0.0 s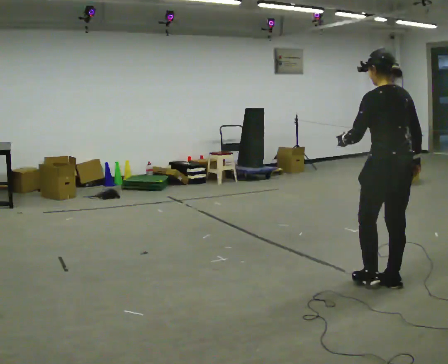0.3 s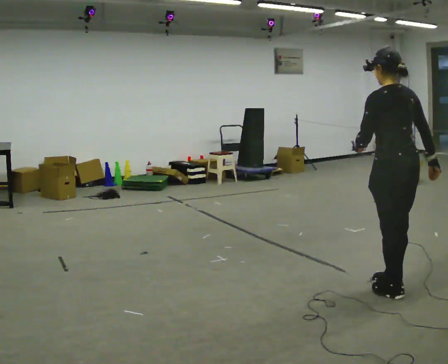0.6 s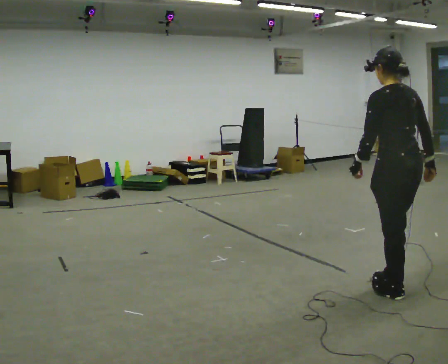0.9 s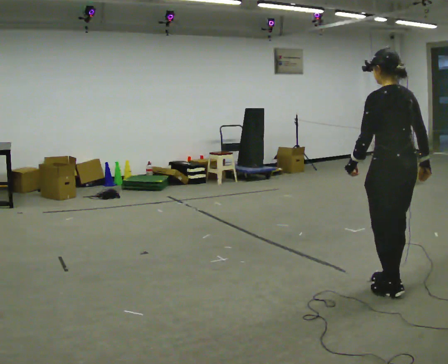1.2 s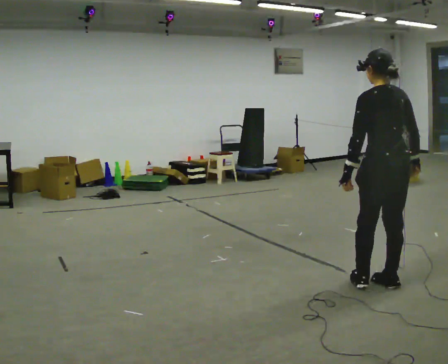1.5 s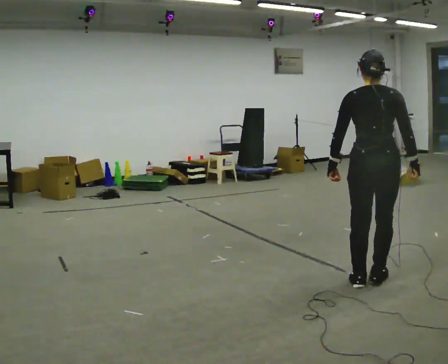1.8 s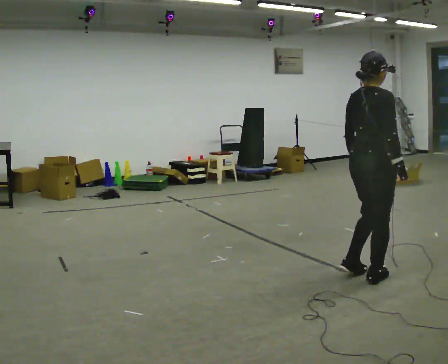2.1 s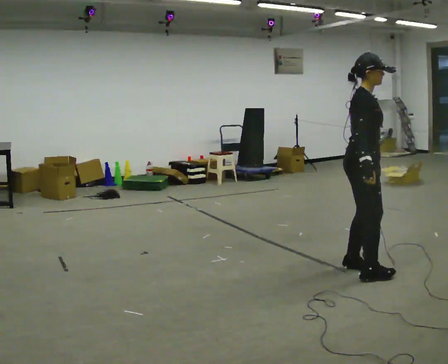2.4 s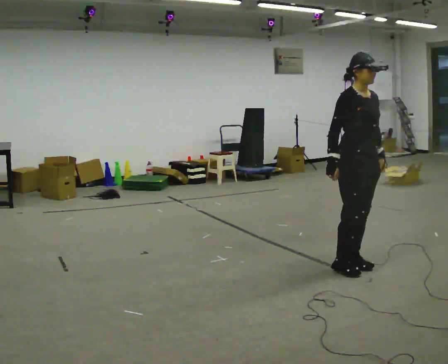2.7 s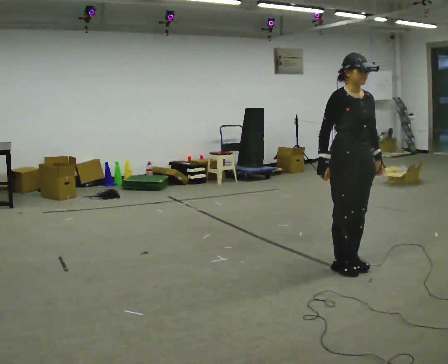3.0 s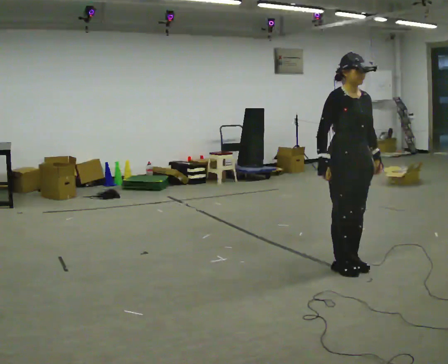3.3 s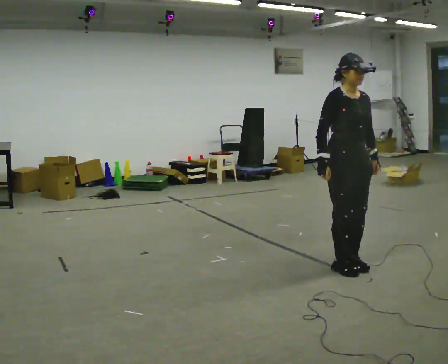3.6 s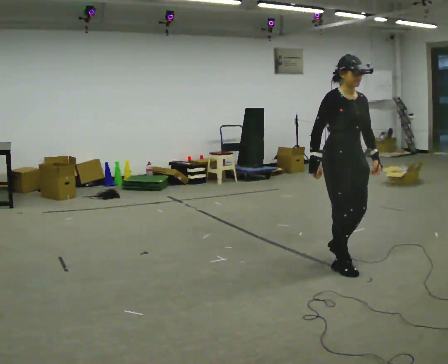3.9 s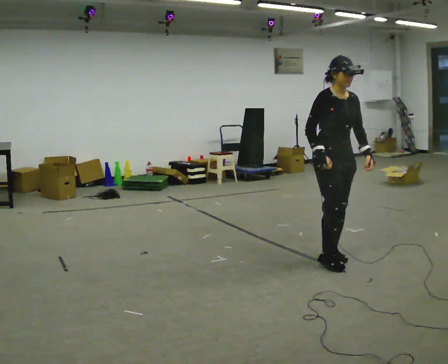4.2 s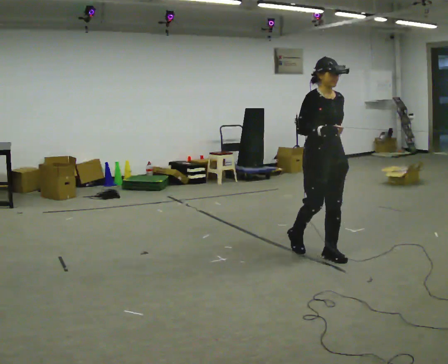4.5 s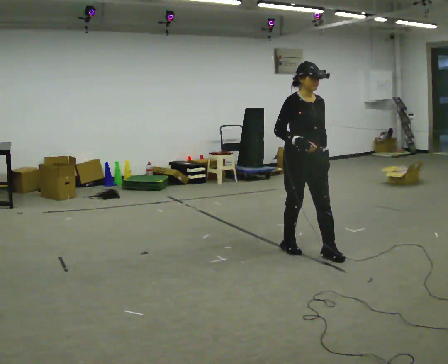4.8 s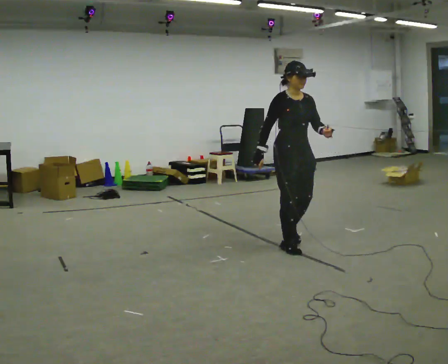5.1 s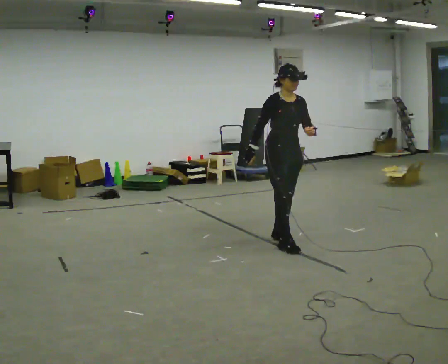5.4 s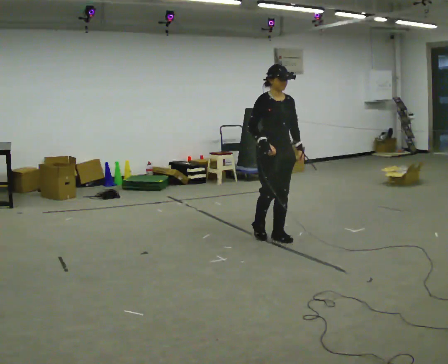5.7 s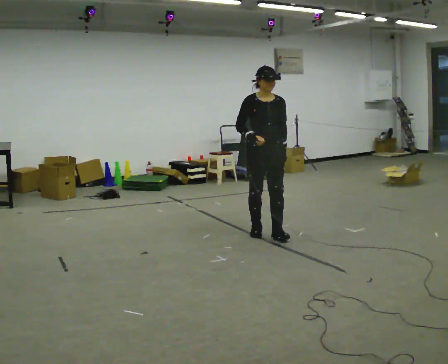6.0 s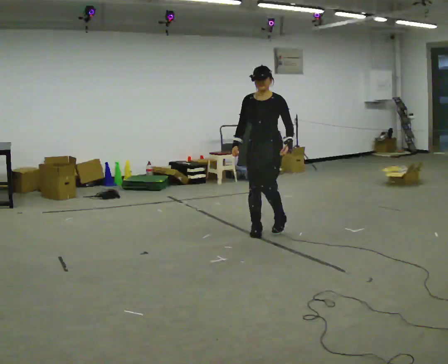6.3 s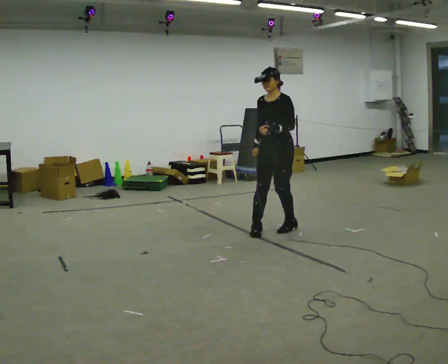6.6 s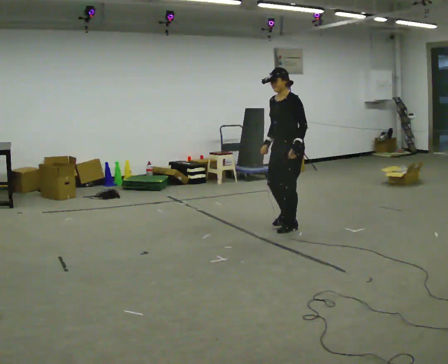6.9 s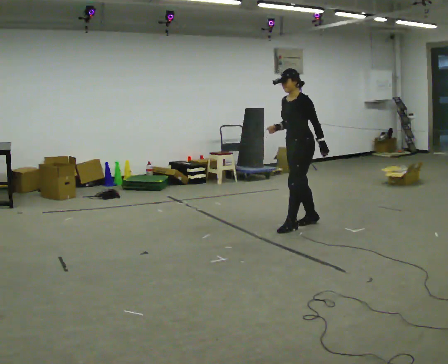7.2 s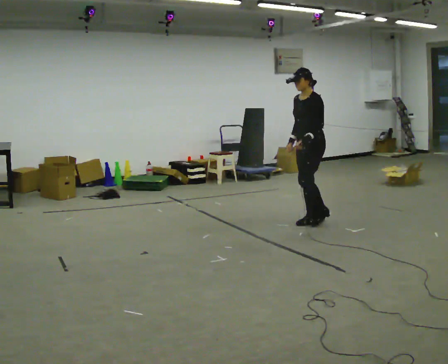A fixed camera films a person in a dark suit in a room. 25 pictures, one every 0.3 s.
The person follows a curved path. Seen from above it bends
clockwise.
The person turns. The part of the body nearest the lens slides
to the left.
0.0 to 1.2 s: The person moves a little, or ends about where they began.
1.2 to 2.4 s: The person turns about 165 degrees to their right, clockwise seen from above, so the part of the body nearest the lens slides to the left. In the picture they go away from the camera and to the left, about 0.5 m in 4 steps.
2.4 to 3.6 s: The person moves a little, or ends about where they began.
3.6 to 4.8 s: In the picture they go away from the camera and to the left, about 0.75 m in 2 steps, which for them is backward.
4.8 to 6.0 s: The part of the body nearest the lens slides to the left as the person turns to their right by about 60 degrees. In the picture they go away from the camera and to the left, about 0.5 m in 2 steps, which for them is backward.
6.0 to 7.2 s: The part of the body nearest the lens slides to the left as the person turns to their right by about 45 degrees. In the picture they go to the right and away from the camera, about 0.5 m in 2 steps, which for them is backward.
The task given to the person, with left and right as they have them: Walk backward several steps, then turn while still moving backward, then continue backward. Operator confirms the space behind you is clear.
The film runs forward here.
